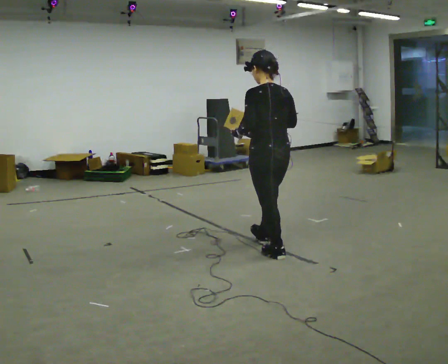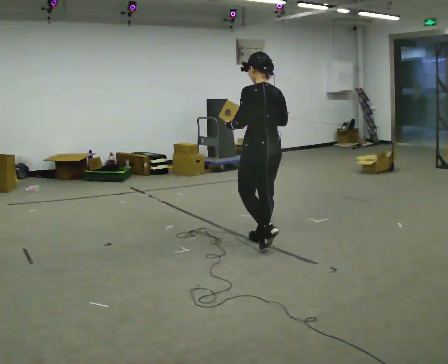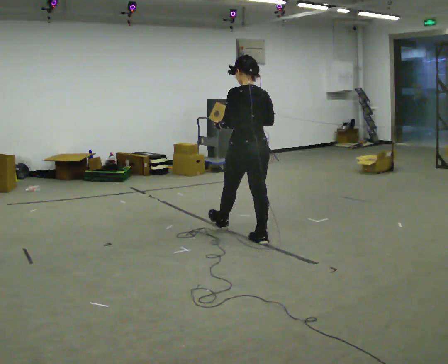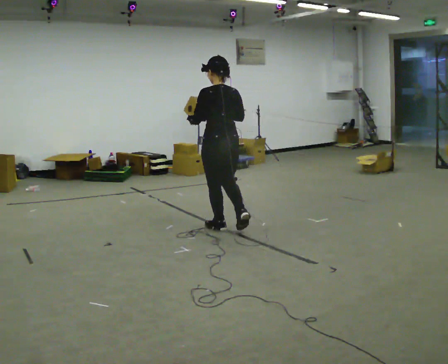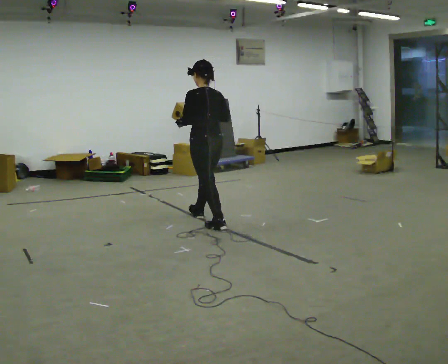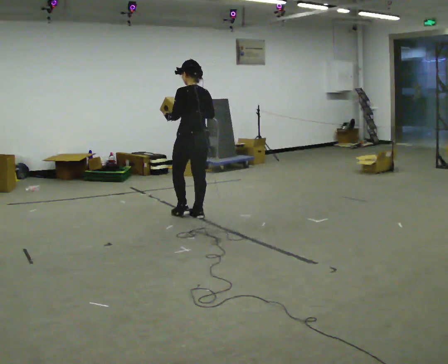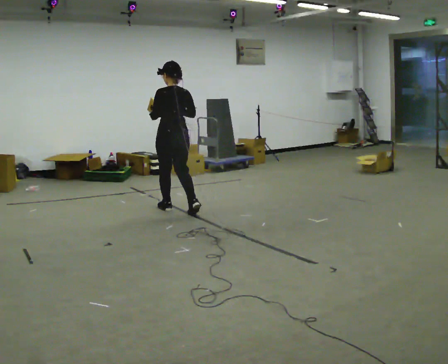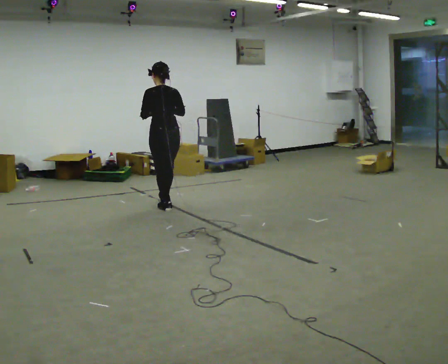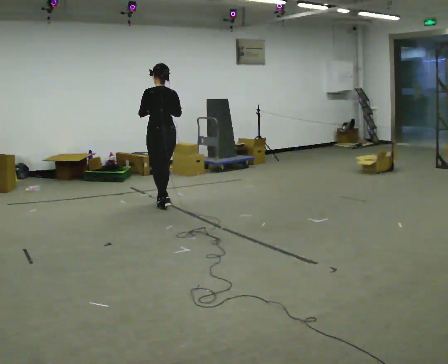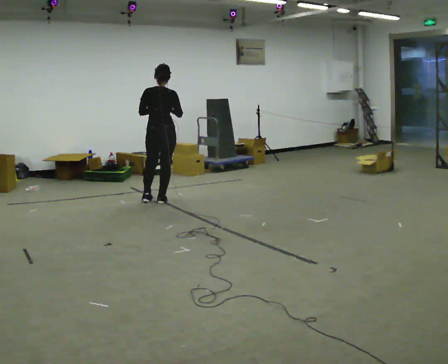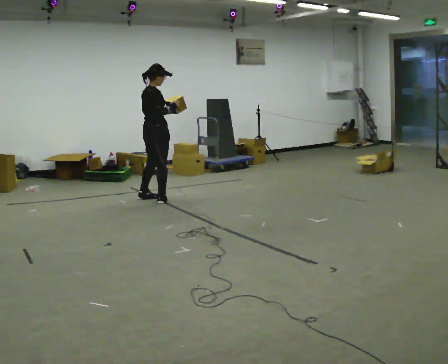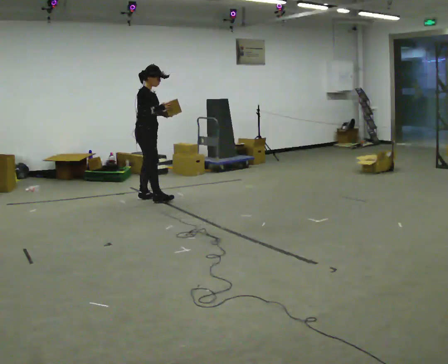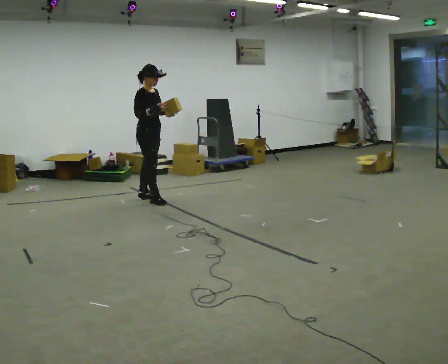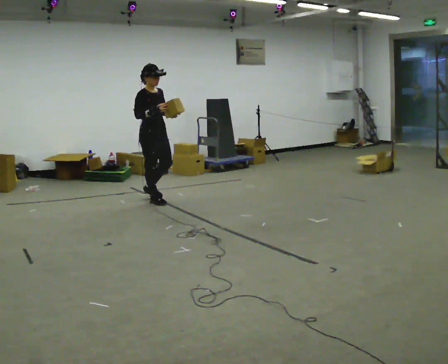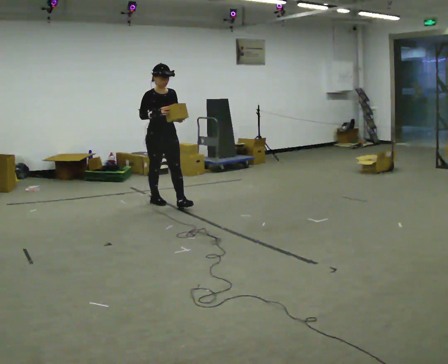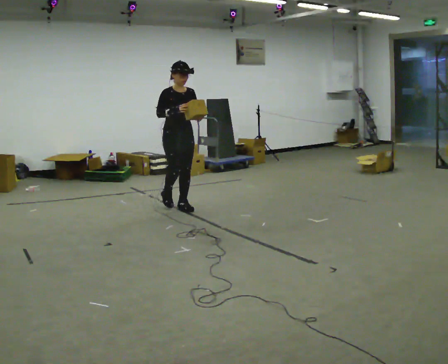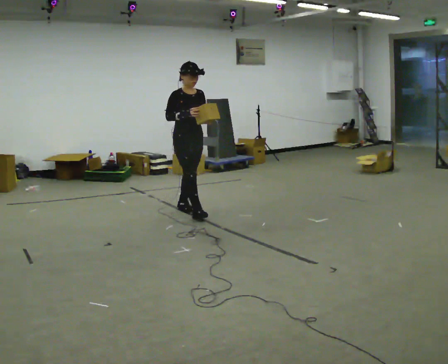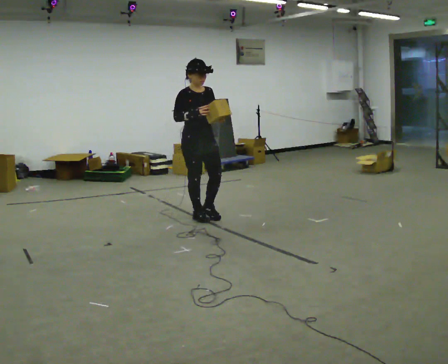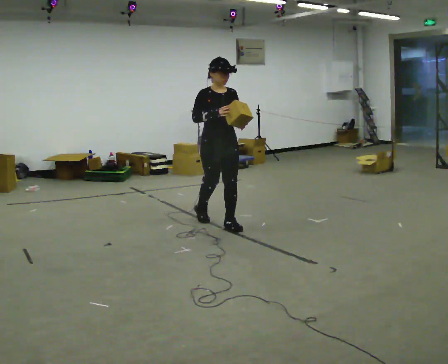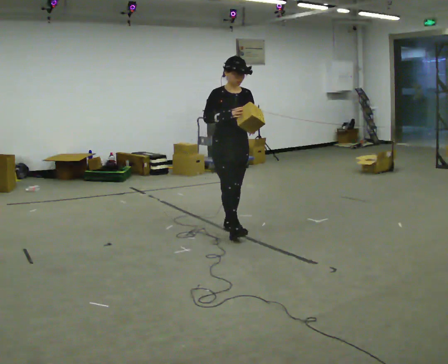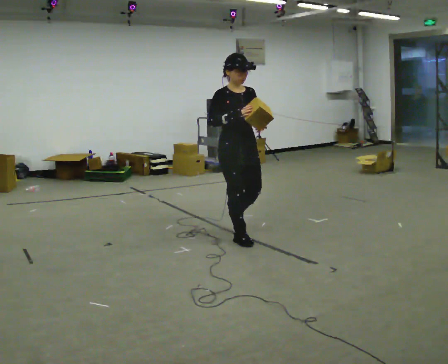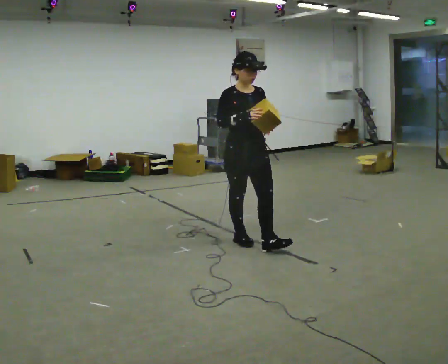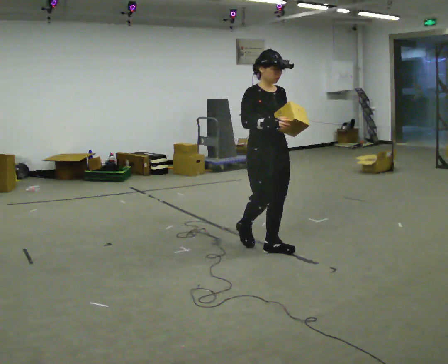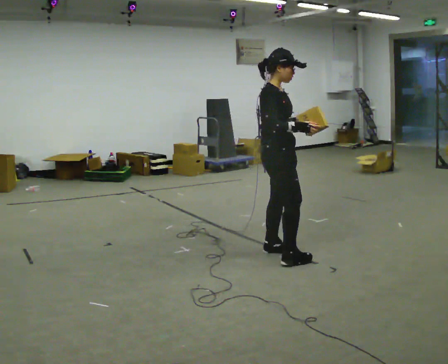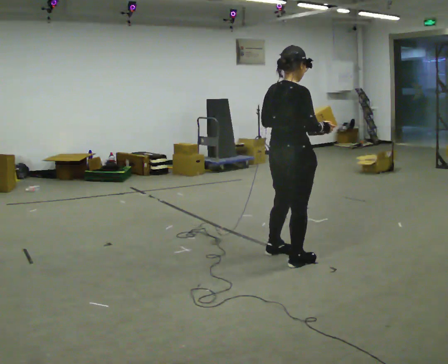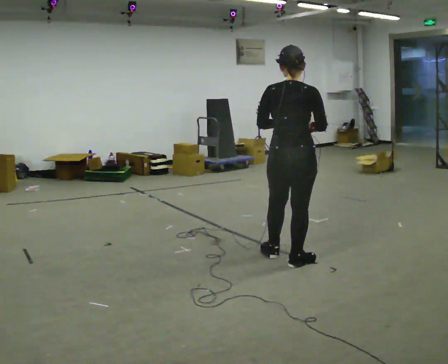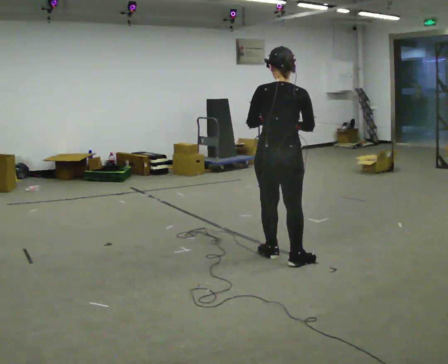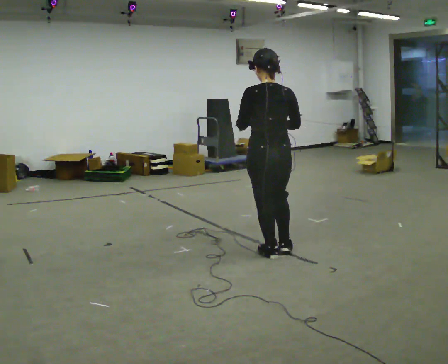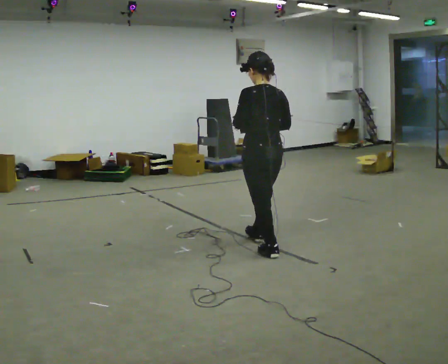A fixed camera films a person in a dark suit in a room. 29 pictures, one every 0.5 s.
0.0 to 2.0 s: In the picture they go away from the camera and to the left, about 1 m in 2 steps, which for them is forward.
2.0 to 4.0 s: In the picture they go away from the camera and to the left, about 1 m in 2 steps, which for them is forward.
4.0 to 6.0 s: Seen from above the body turns clockwise, about 135 degrees: to their right, with its near side sliding to the left. In the picture they go away from the camera and to the left, about 0.25 m in 1 step.
6.0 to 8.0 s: Seen from above the body turns clockwise, about 30 degrees: to their right, with its near side sliding to the left. In the picture they go toward the camera and to the right, about 1 m in 2 steps, which for them is forward.
8.0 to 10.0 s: In the picture they go toward the camera and to the right, about 1 m in 2 steps, which for them is forward.
10.0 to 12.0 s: Seen from above the body turns counterclockwise, about 105 degrees: to their left, with its near side sliding to the right. In the picture they go toward the camera and to the right, about 0.5 m in 2 steps.
12.0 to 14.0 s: Seen from above the body turns counterclockwise, about 75 degrees: to their left, with its near side sliding to the right. In the picture they go away from the camera, about 0.5 m in 1 step.
The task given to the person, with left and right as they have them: Carry the object and, while walking, turn it over in your hands to look at all sides of it. Keep turning it as you walk.
The film runs forward here.
